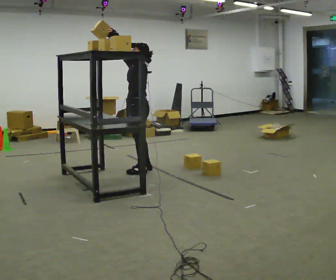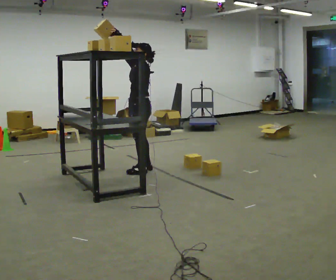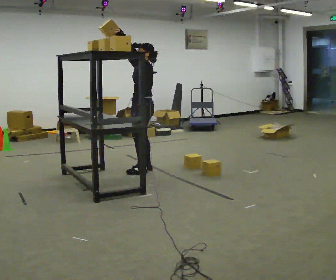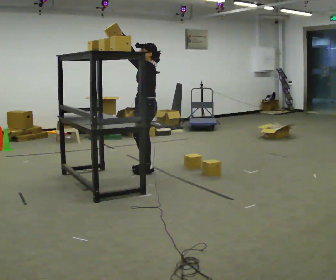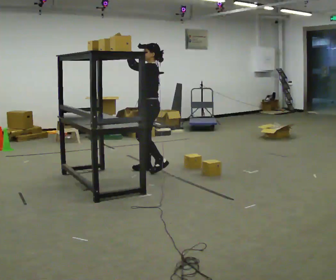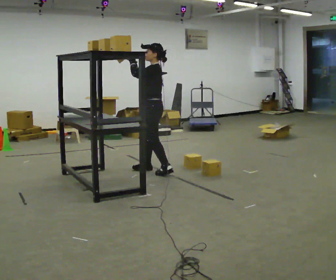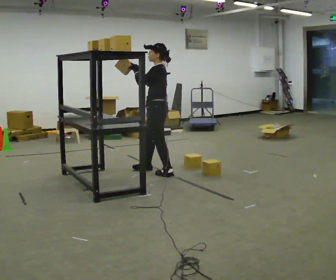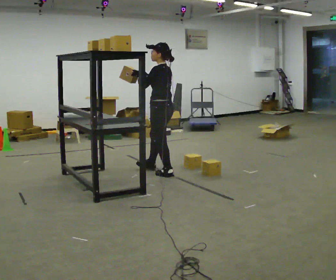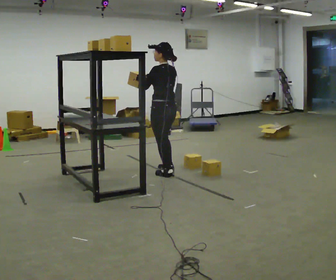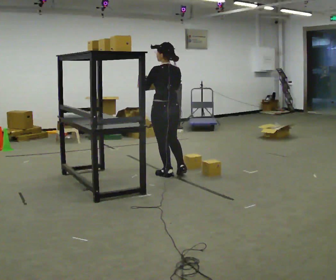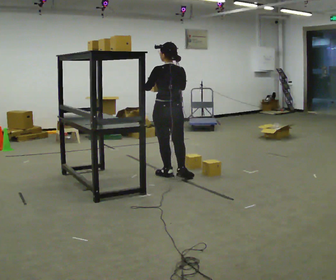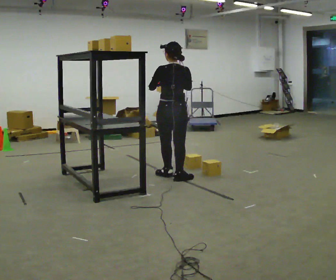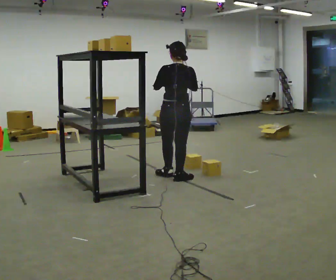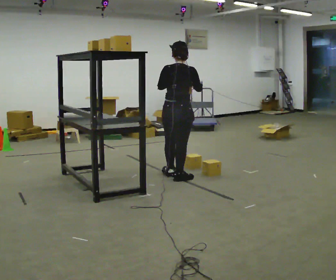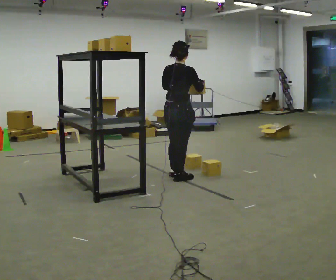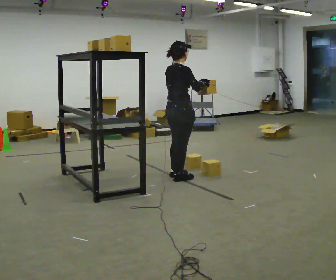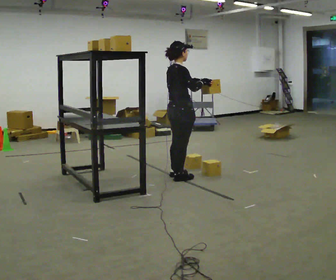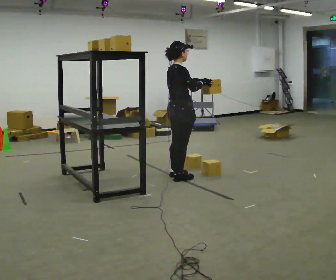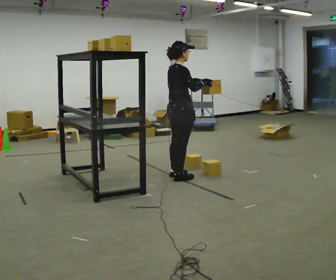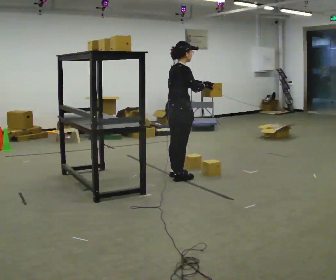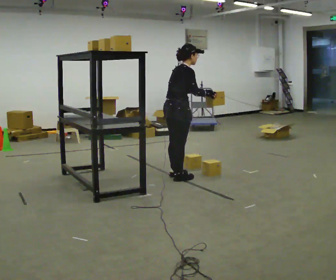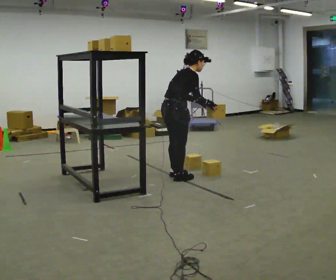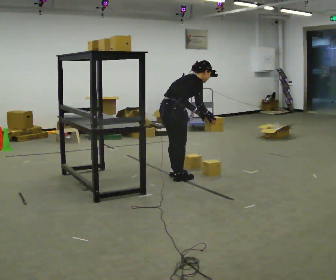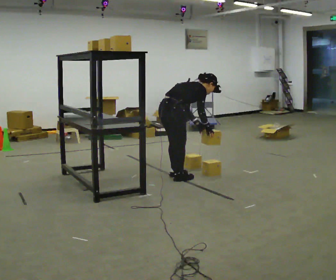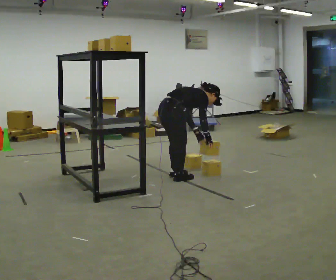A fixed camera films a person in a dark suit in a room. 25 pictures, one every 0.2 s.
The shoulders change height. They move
downward.
The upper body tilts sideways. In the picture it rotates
clockwise.
0.0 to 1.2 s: In the picture they go to the right, about 0.25 m in 1 step, which for them is backward. In the picture their right hand goes downward and to the right.
1.2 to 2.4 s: Seen from above the body turns clockwise, about 90 degrees: to their right, with its near side sliding to the left. In the picture they go toward the camera and to the right, about 0.25 m in 1 step.
2.4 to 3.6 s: The part of the body nearest the lens slides to the left as the person turns to their right by about 60 degrees.
3.6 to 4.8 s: The upper body goes downward. In the picture the upper body tilts clockwise, shoulders to the right, as they bend forward. In the picture their right hand goes downward, the arm swinging clockwise.
The film runs backward here.
